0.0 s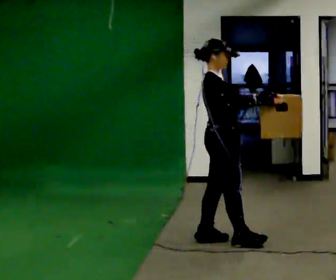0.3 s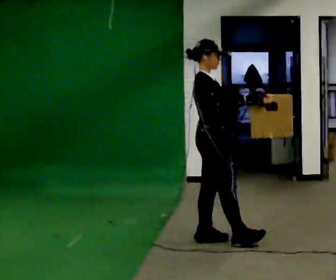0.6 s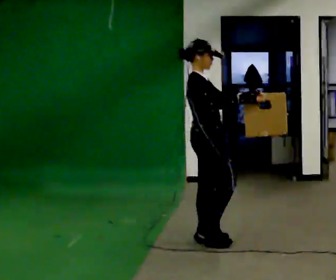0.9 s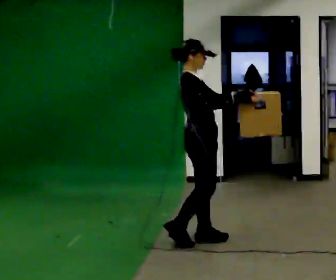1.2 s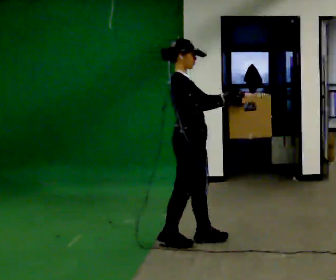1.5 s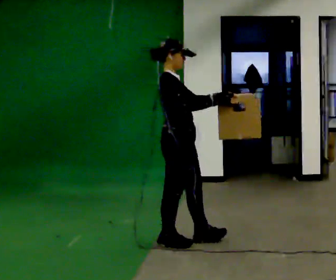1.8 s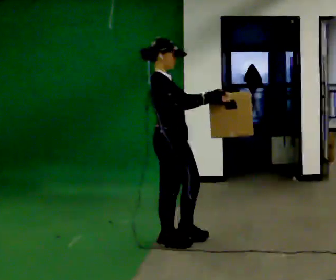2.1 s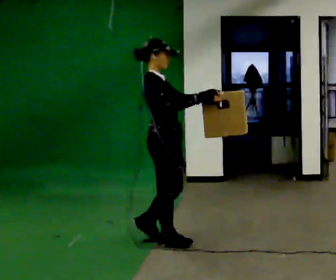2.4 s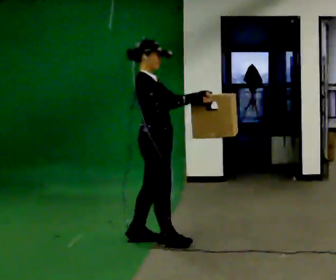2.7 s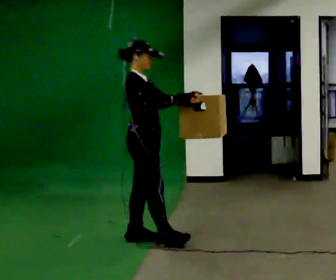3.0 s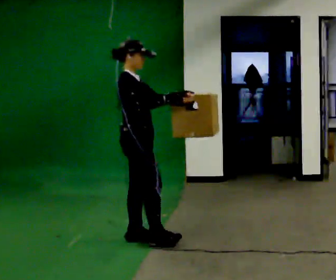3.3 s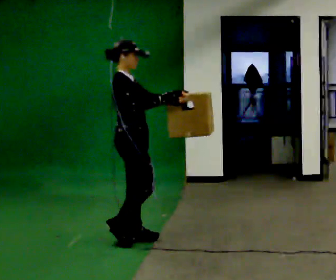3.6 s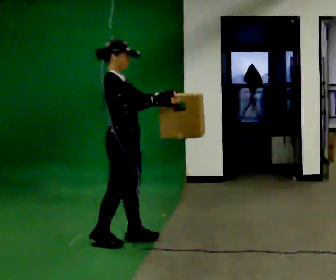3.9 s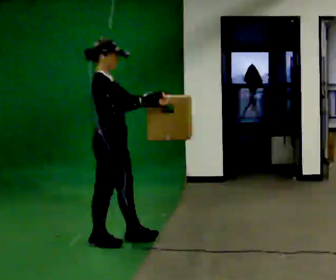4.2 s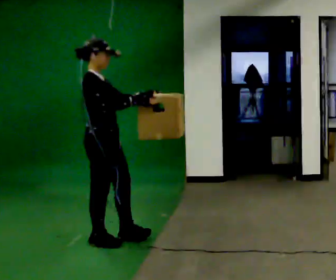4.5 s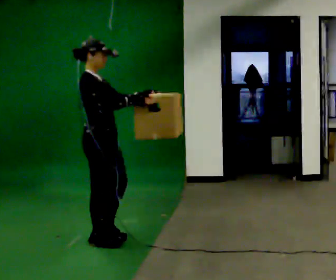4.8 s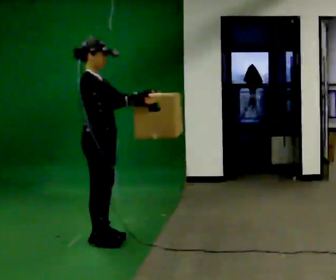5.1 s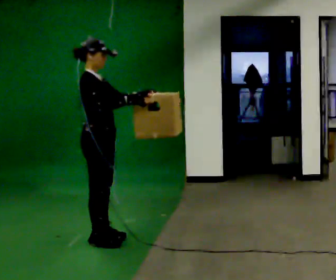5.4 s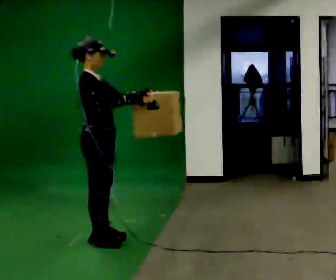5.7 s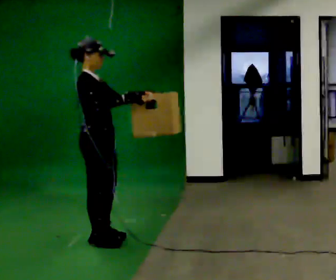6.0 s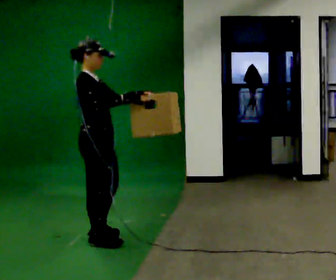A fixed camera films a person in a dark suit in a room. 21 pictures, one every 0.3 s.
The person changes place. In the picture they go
to the left.
0.0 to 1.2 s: In the picture they go to the left, about 0.25 m in 1 step, which for them is backward.
1.2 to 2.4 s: In the picture they go to the left, about 0.25 m in 1 step, which for them is backward.
2.4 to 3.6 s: In the picture they go to the left, about 0.25 m in 1 step, which for them is backward.
3.6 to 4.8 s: In the picture they go to the left, about 0.25 m in 1 step, which for them is backward.
4.8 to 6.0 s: The person moves a little, or ends about where they began.
The film runs backward here.
